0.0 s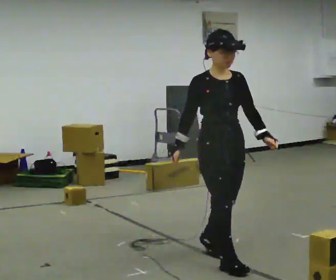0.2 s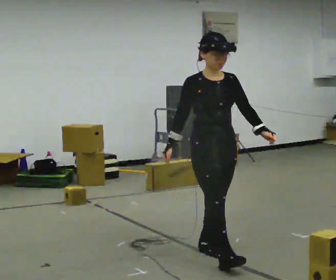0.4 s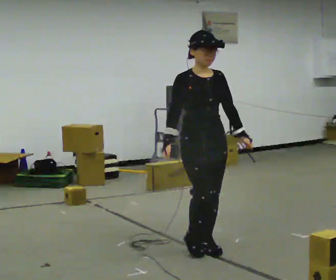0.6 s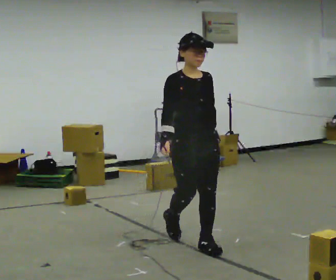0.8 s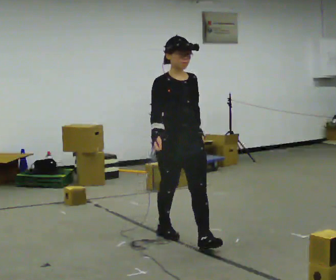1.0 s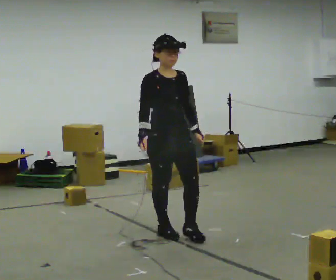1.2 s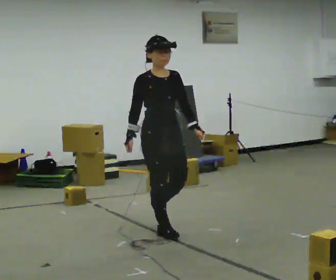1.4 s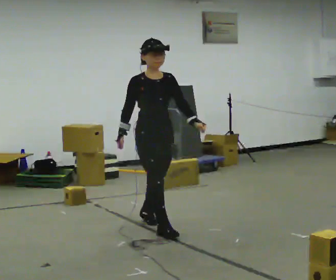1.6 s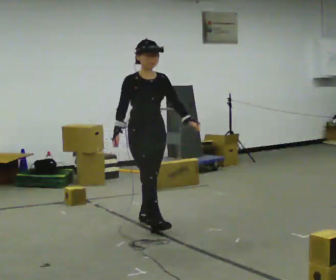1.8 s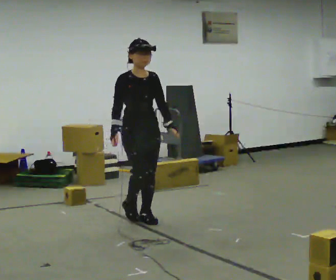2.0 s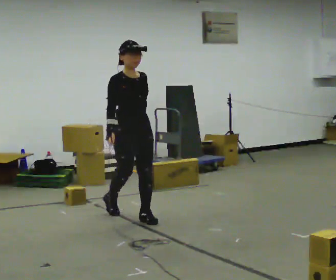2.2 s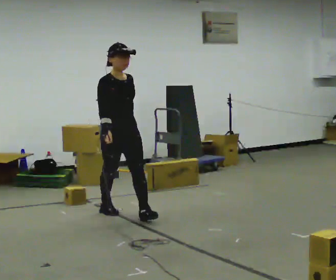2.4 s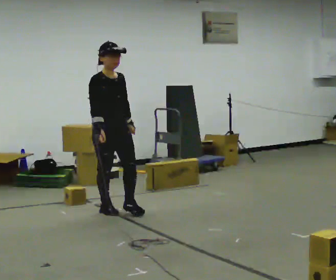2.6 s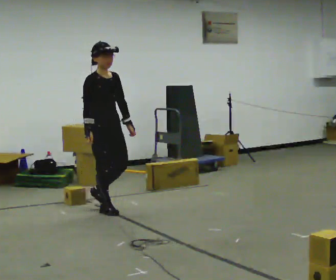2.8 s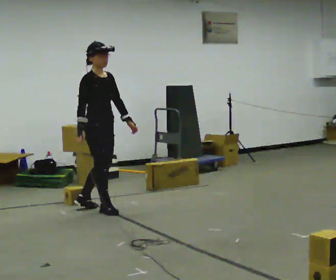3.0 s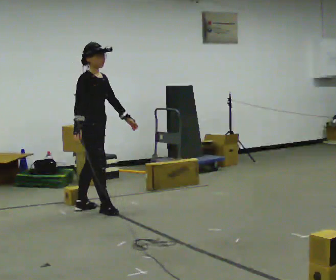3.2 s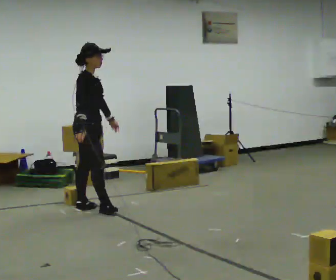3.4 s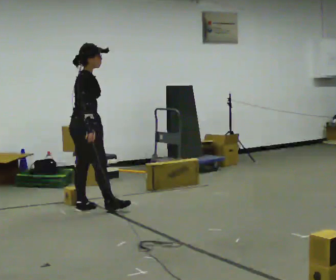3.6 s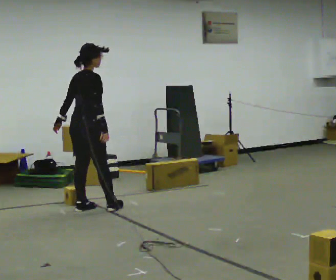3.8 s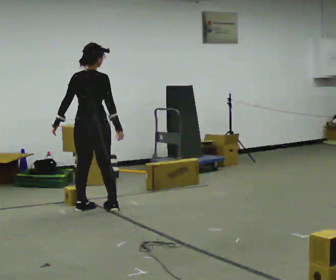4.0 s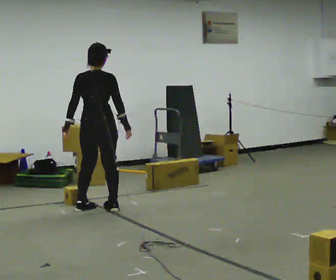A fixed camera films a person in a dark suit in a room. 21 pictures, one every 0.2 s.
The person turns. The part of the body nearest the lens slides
to the right.
The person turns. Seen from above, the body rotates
counterclockwise.
0.0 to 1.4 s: In the picture they go away from the camera and to the left, about 1 m in 2 steps, which for them is backward.
1.4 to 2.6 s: In the picture they go away from the camera and to the left, about 1 m in 2 steps, which for them is backward.
2.6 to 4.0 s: Seen from above the body turns counterclockwise, about 120 degrees: to their left, with its near side sliding to the right. In the picture their left hand goes to the left.
The film runs backward here.
